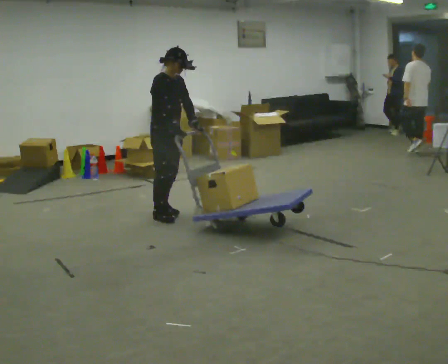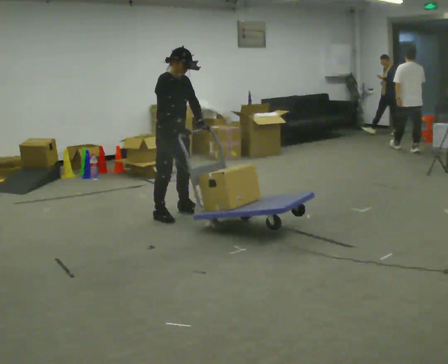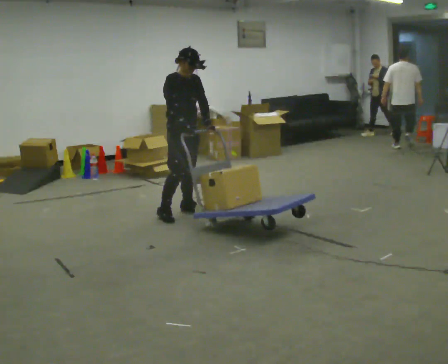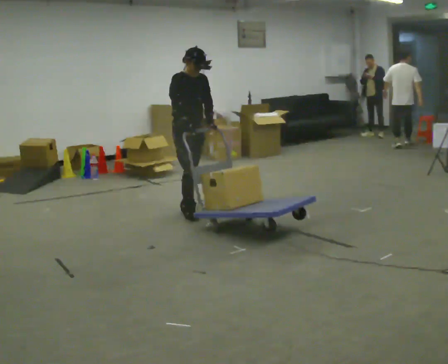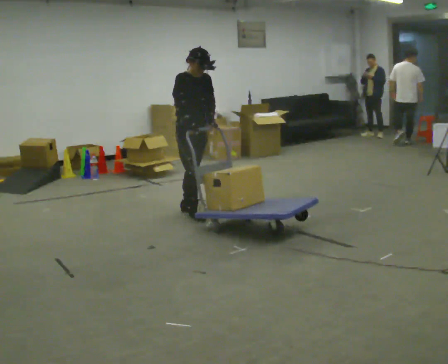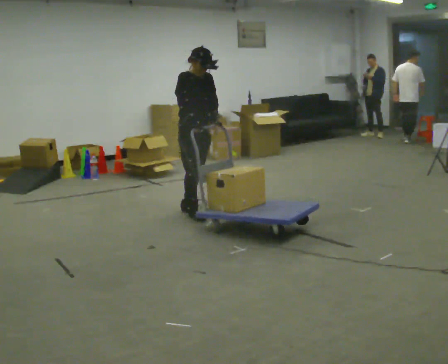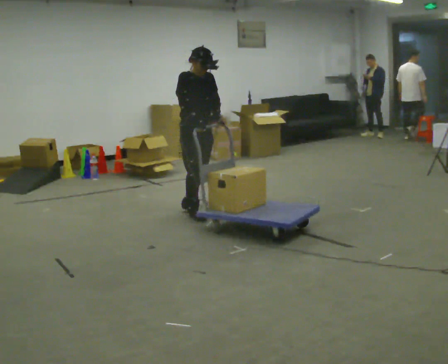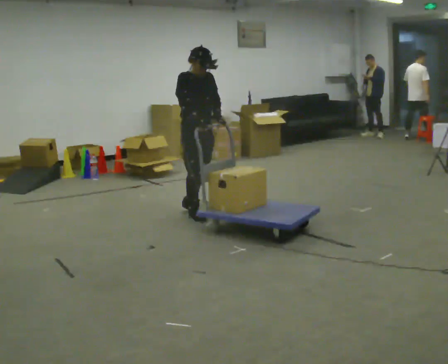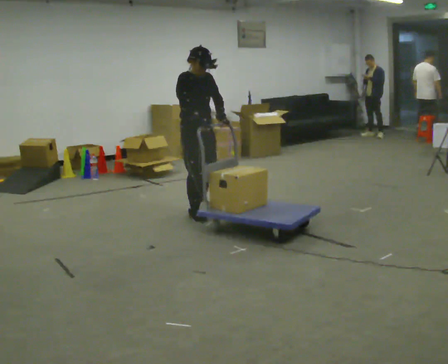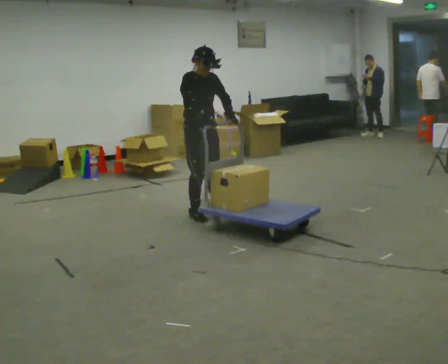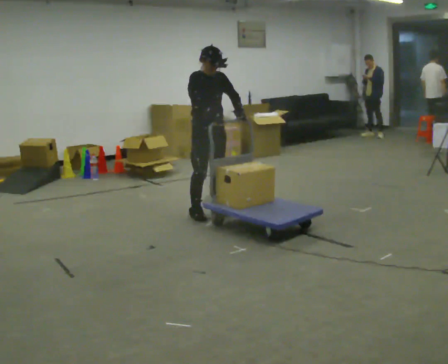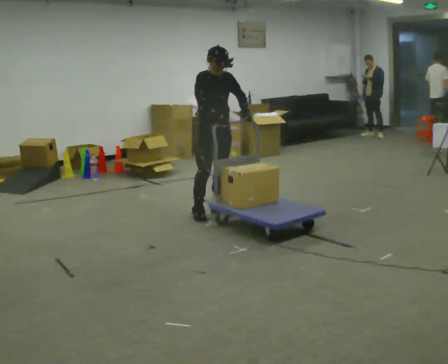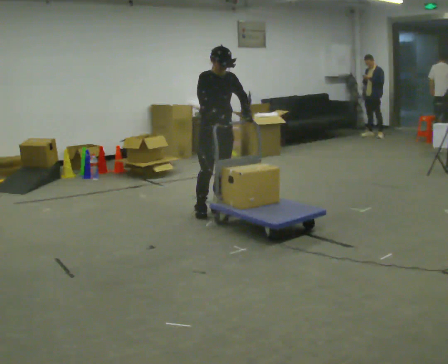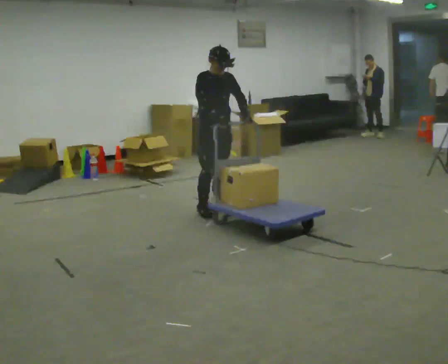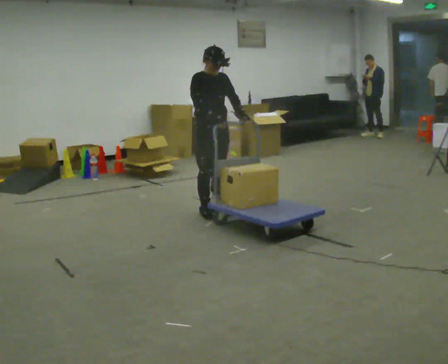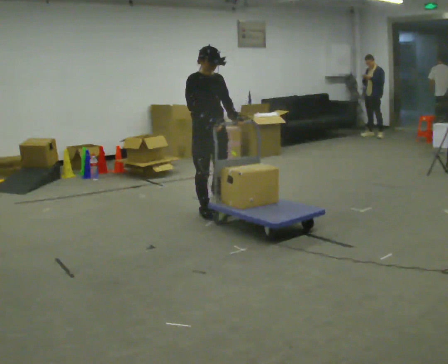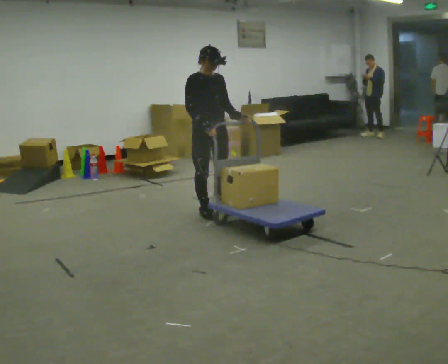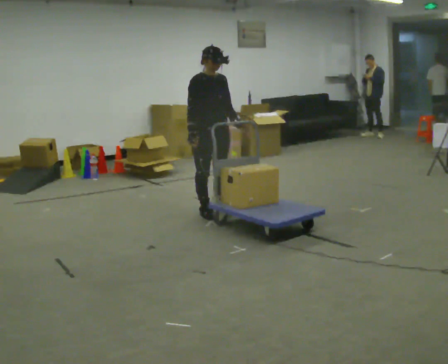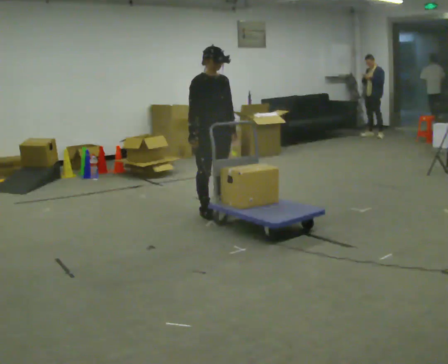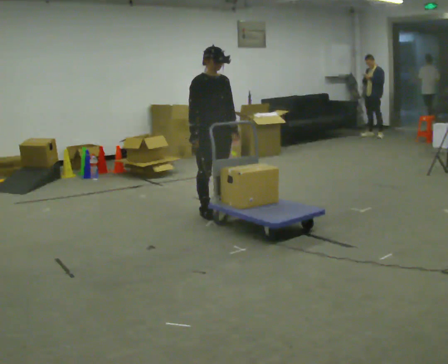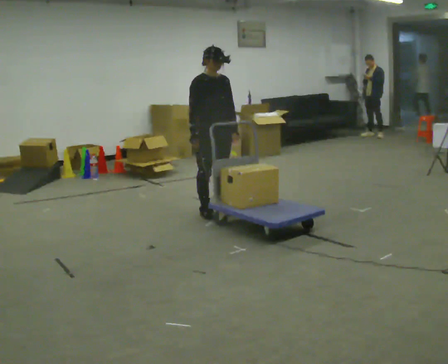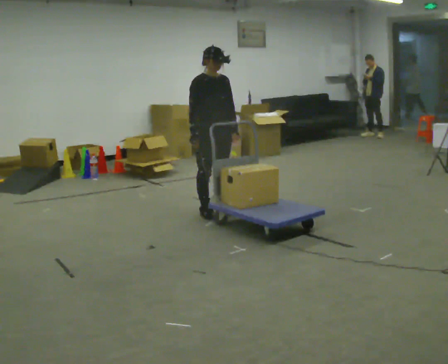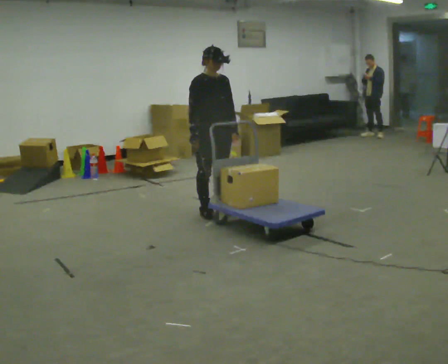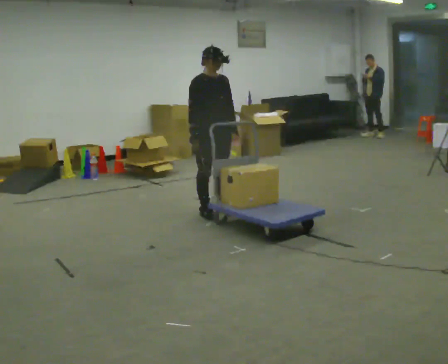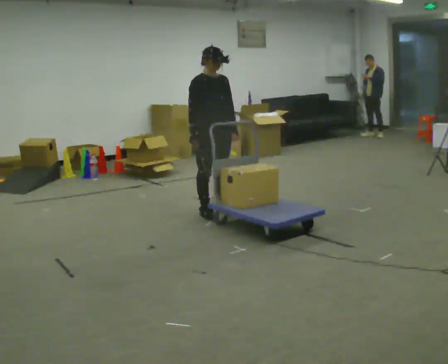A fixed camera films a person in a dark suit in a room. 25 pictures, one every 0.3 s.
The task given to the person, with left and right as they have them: Turn the cart round to face the other way without moving it out of the marked square, then turn it back. Repeat until the operator says stop.
0.0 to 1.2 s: In the picture they go to the right, about 0.25 m in 2 steps, which for them is to their left.
1.2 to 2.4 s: The person moves a little, or ends about where they began.
2.4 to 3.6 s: In the picture they go to the right and away from the camera, about 0.25 m in 1 step, which for them is to their left.
3.6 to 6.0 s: The person moves a little, or ends about where they began.
6.0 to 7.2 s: The person keeps their place and pose.
The film runs forward here.
